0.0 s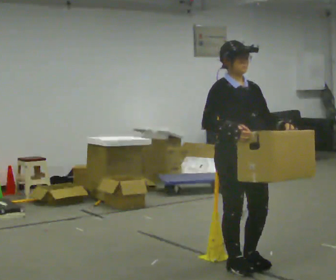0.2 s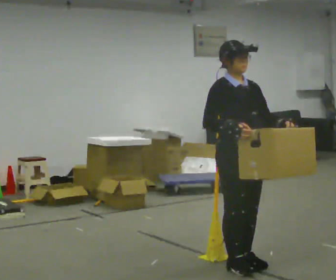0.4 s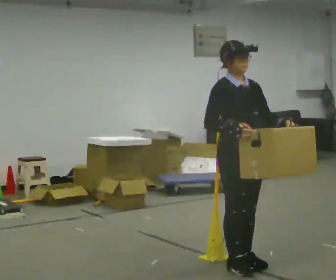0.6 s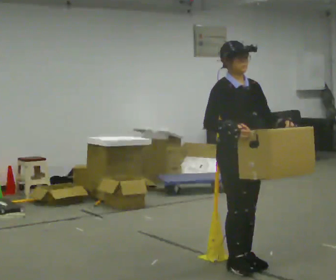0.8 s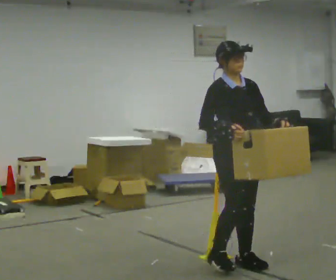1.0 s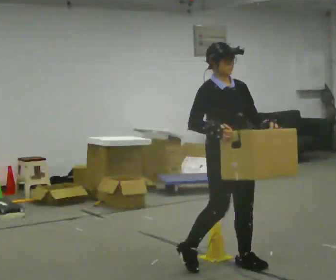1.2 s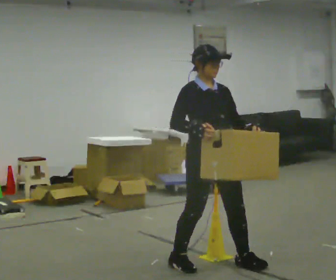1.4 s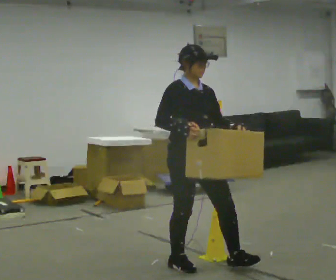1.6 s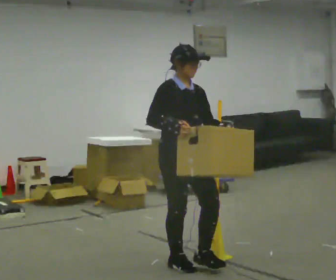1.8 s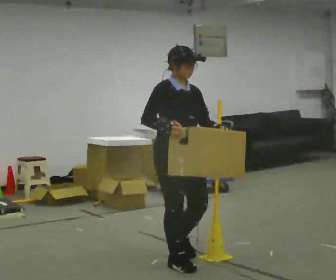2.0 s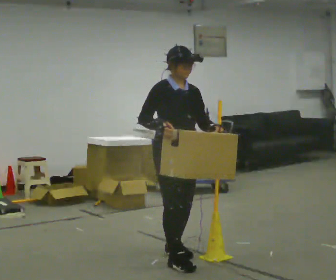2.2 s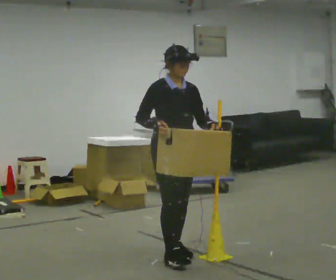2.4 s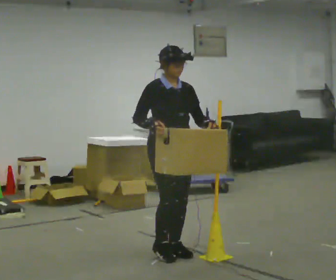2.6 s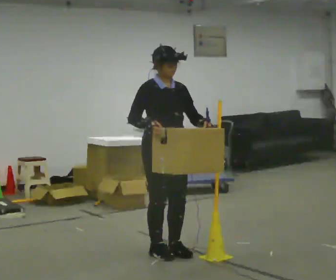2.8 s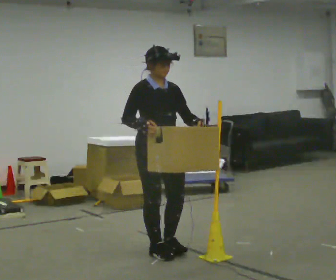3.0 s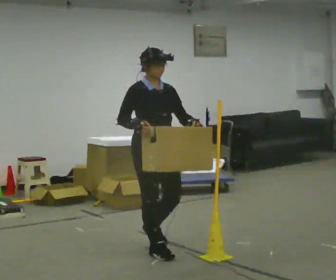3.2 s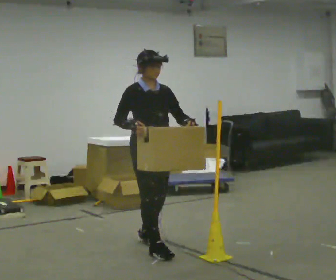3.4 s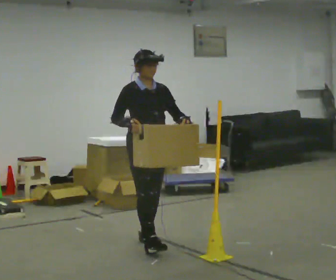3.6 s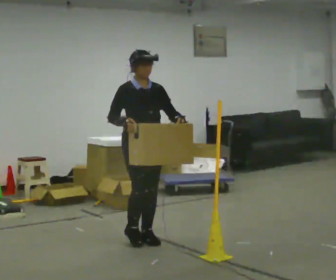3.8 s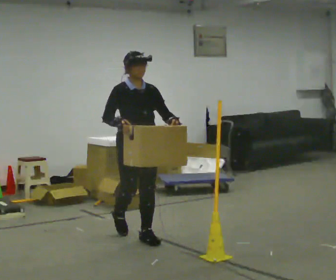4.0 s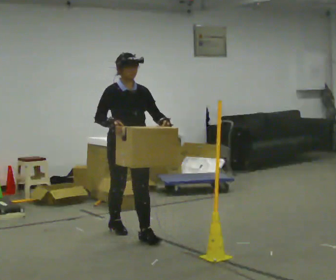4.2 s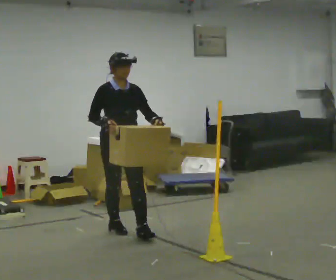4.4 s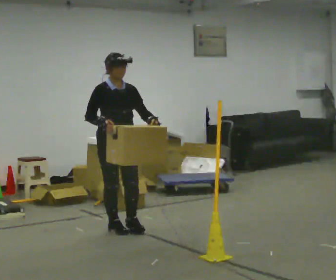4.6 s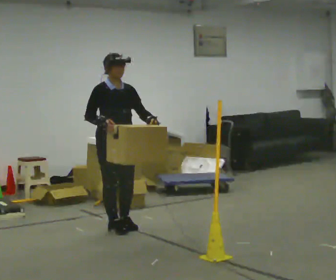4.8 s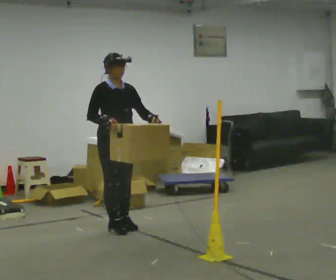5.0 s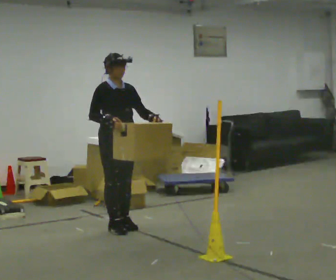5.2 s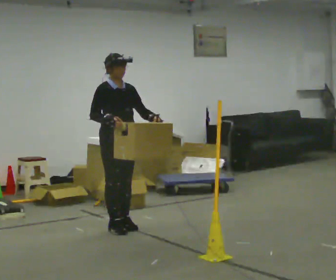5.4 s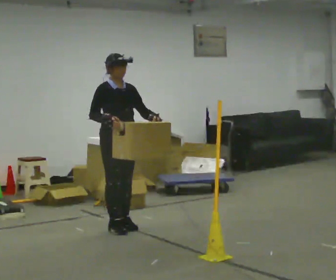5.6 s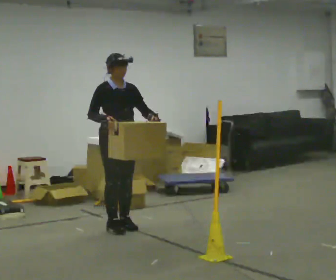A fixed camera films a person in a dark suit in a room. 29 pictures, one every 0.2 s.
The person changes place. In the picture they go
away from the camera.
0.0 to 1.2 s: In the picture they go to the left, about 0.25 m in 1 step, which for them is backward.
1.2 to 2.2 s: In the picture they go away from the camera and to the left, about 0.5 m in 2 steps, which for them is backward.
2.2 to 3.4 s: In the picture they go away from the camera and to the left, about 0.5 m in 2 steps, which for them is backward.
3.4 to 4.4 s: In the picture they go away from the camera and to the left, about 0.5 m in 1 step, which for them is backward.
4.4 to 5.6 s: In the picture they go away from the camera, about 0.25 m in 1 step, which for them is backward.
The film runs backward here.
